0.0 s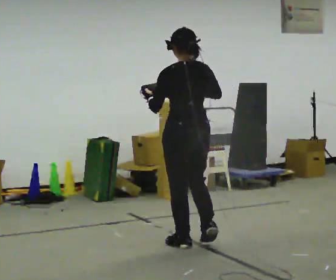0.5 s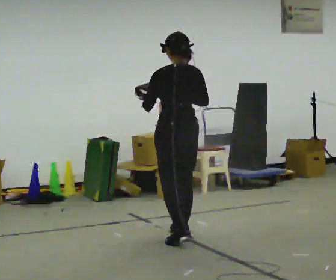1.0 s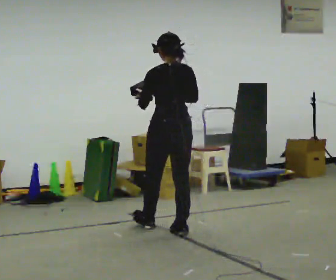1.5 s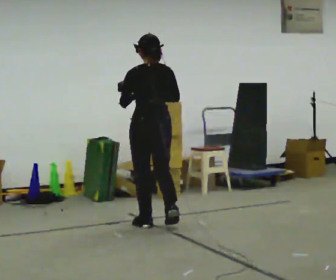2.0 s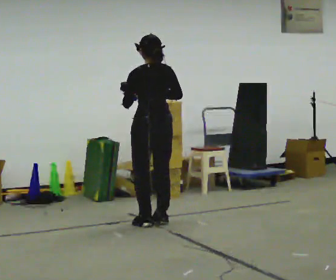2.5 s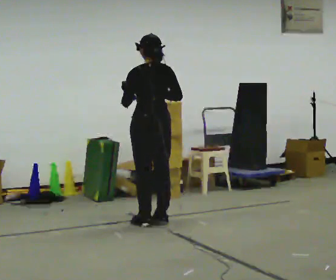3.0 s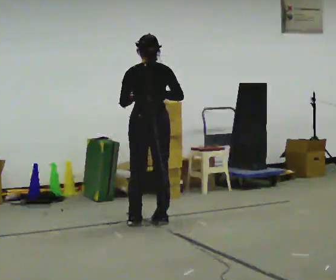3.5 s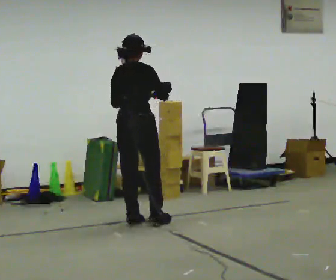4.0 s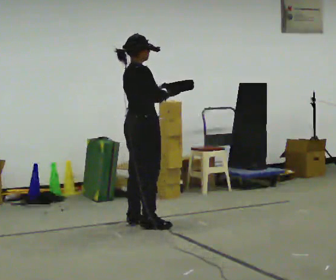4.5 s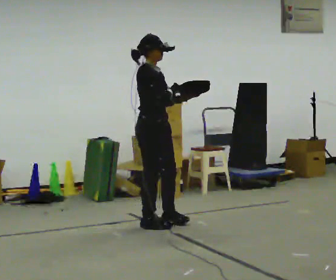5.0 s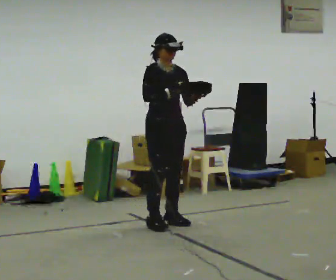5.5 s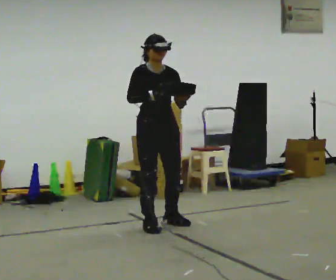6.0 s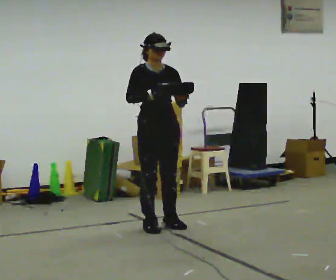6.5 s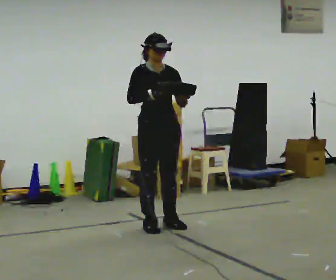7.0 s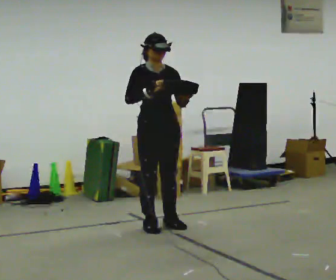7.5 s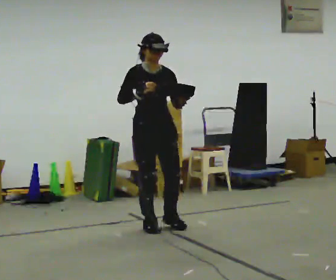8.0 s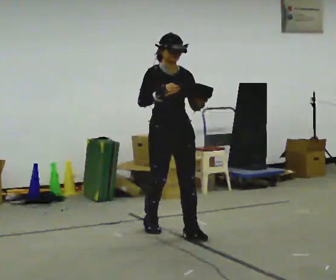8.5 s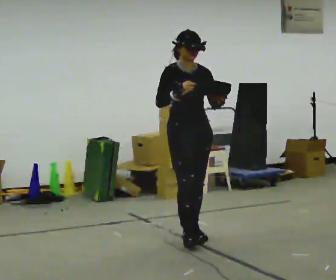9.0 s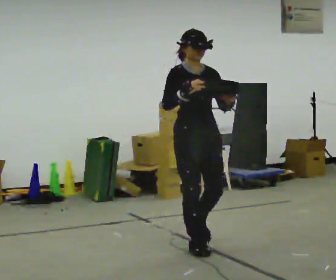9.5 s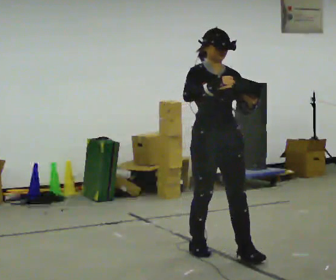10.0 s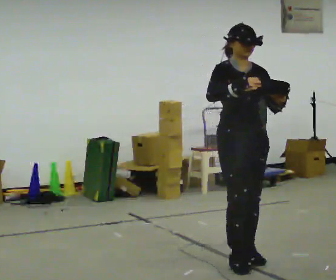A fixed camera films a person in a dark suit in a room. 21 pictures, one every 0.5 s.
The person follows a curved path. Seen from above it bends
counterclockwise.
0.0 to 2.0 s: In the picture they go away from the camera, about 1 m in 3 steps, which for them is forward.
2.0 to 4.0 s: The part of the body nearest the lens slides to the left as the person turns to their right by about 90 degrees.
4.0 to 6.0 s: The person turns about 90 degrees to their right, clockwise seen from above, so the part of the body nearest the lens slides to the left. In the picture they go to the right, about 0.25 m in 1 step.
6.0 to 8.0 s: In the picture they go toward the camera, about 0.25 m in 1 step, which for them is forward.
8.0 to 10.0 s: In the picture they go toward the camera and to the right, about 1 m in 2 steps, which for them is forward.
The film runs forward here.
